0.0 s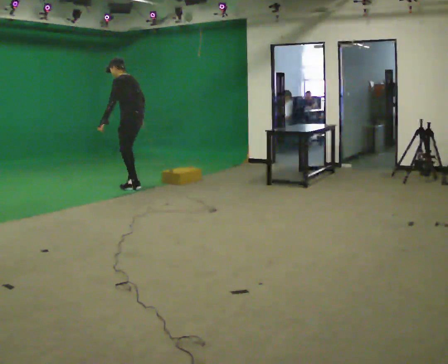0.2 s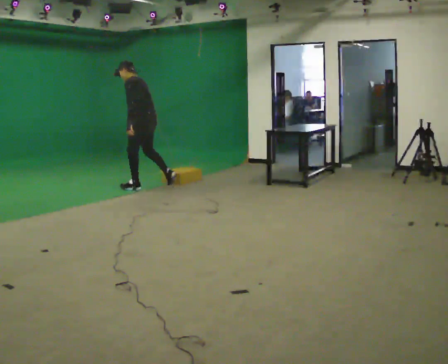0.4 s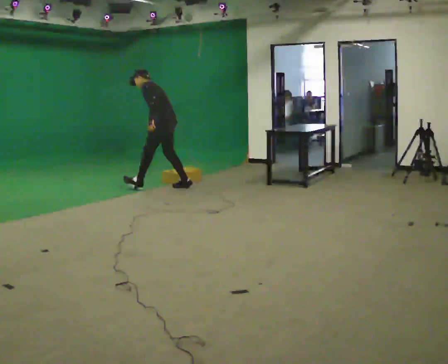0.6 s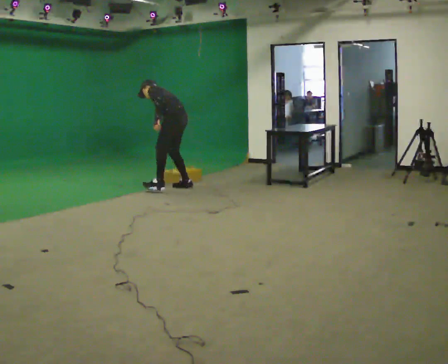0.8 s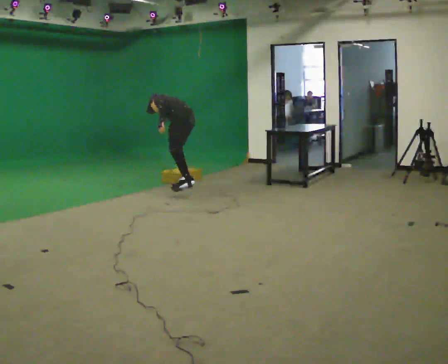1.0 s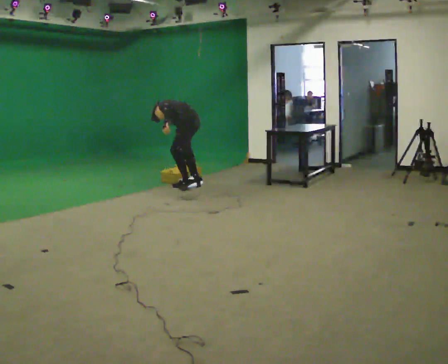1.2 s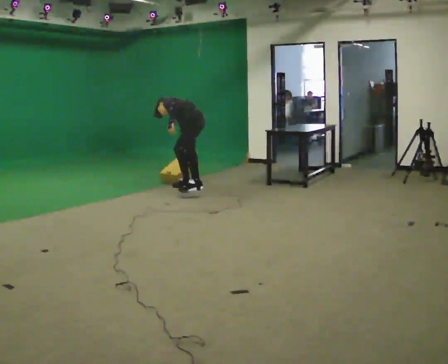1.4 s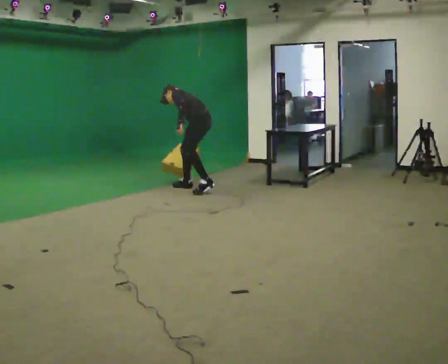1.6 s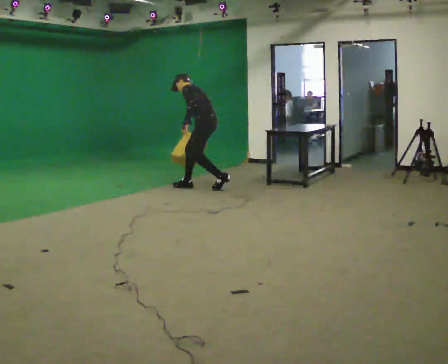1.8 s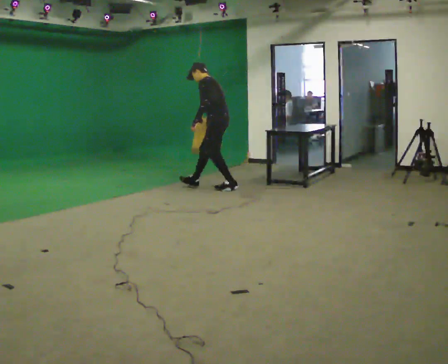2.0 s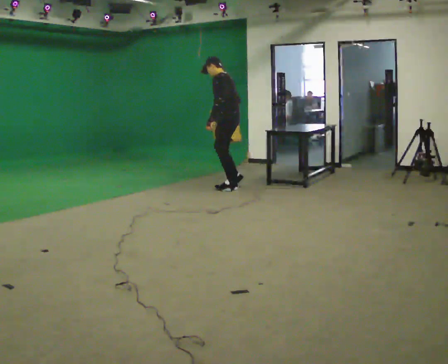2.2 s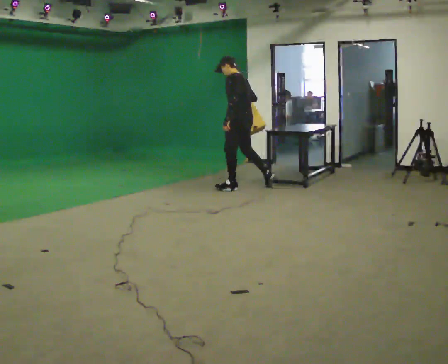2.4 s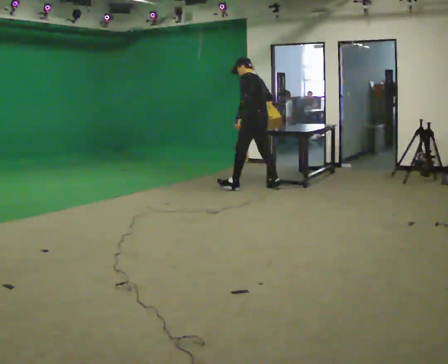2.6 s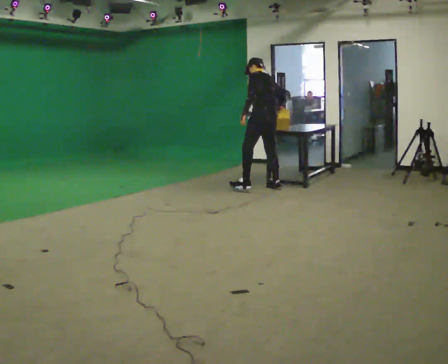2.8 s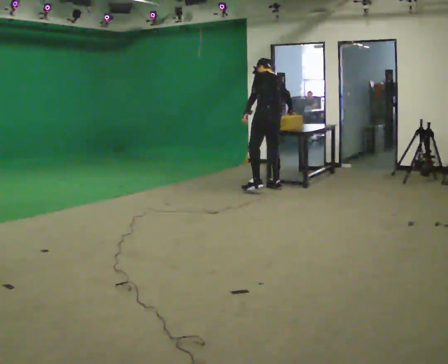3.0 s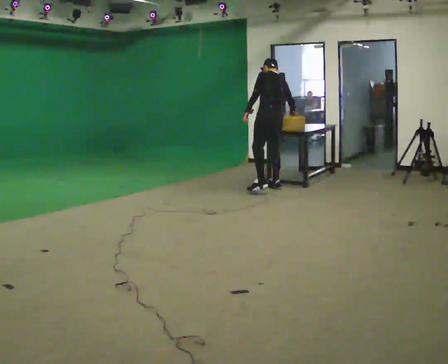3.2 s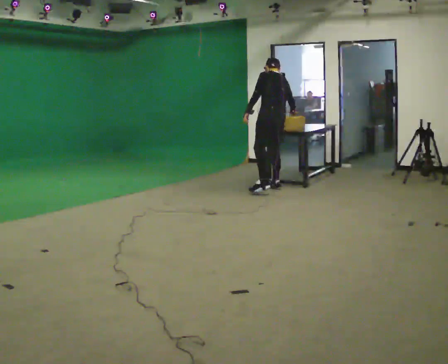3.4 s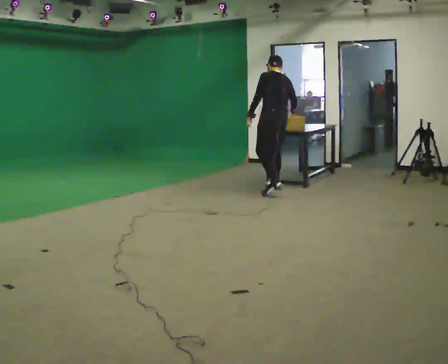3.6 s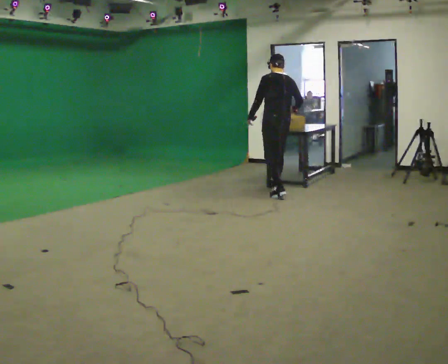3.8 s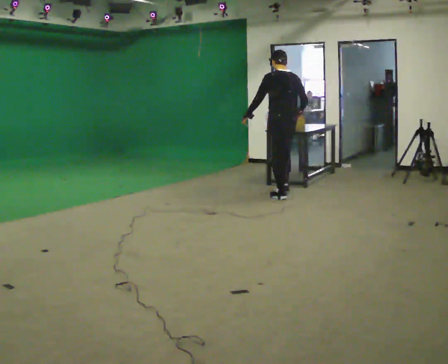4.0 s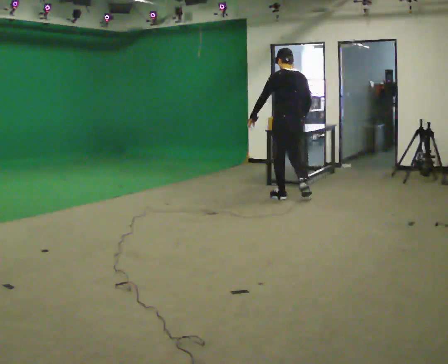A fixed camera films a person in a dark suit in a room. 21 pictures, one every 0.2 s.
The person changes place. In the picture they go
to the right.
The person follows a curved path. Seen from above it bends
clockwise.
0.0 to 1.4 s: In the picture they go to the right, about 1 m in 2 steps, which for them is backward and to their right.
1.4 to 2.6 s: The person turns about 30 degrees to their right, clockwise seen from above, so the part of the body nearest the lens slides to the left. In the picture they go to the right, about 1 m in 2 steps, which for them is backward. The upper body goes upward. In the picture the upper body tilts clockwise, shoulders to the right, as they lean back or straighten.
2.6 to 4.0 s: In the picture they go toward the camera and to the right, about 0.75 m in 2 steps, which for them is backward.
The film runs backward here.
